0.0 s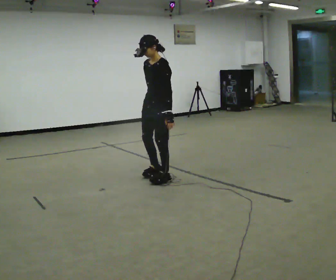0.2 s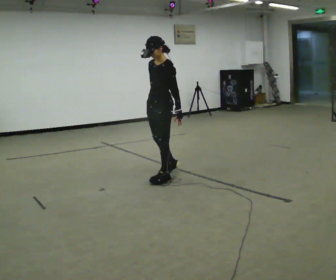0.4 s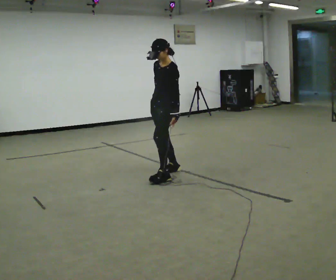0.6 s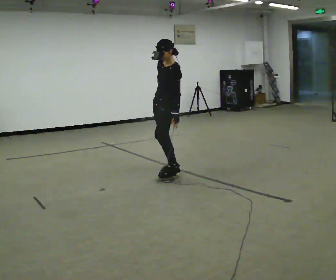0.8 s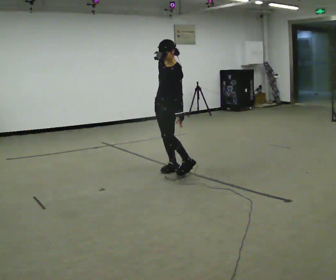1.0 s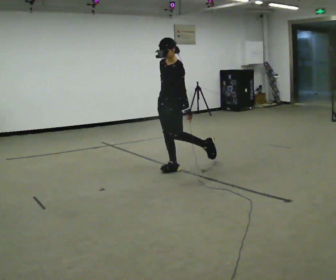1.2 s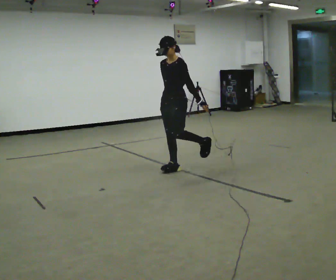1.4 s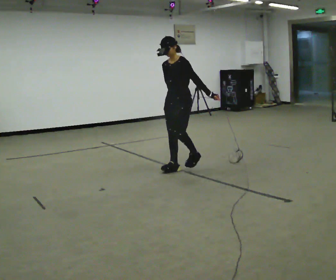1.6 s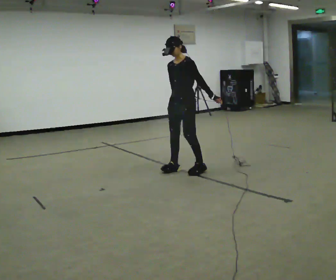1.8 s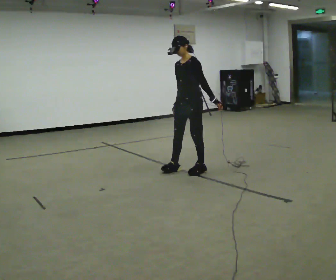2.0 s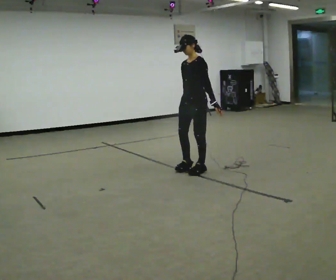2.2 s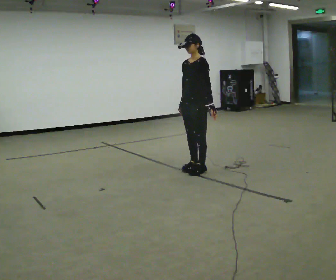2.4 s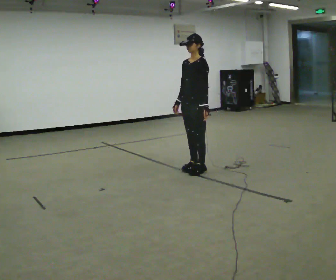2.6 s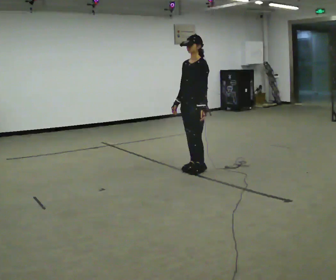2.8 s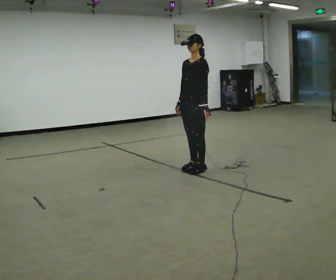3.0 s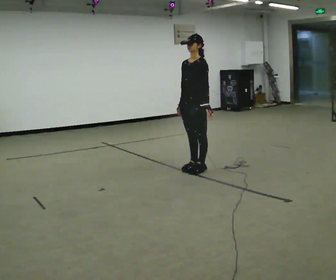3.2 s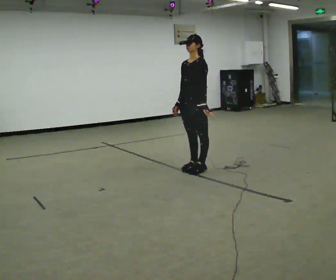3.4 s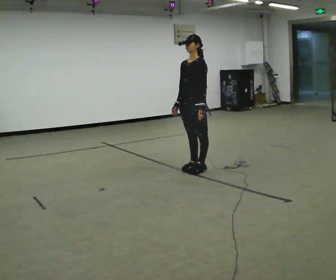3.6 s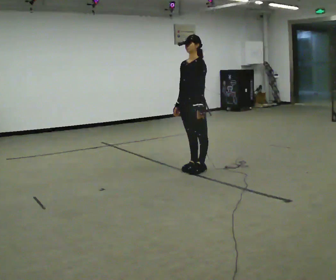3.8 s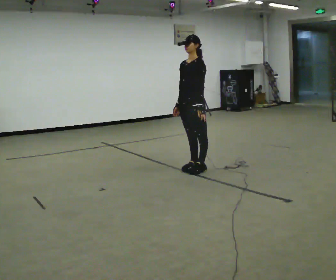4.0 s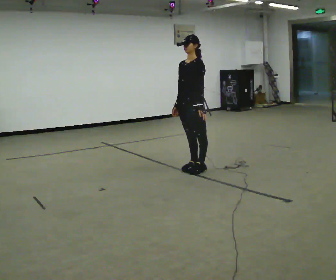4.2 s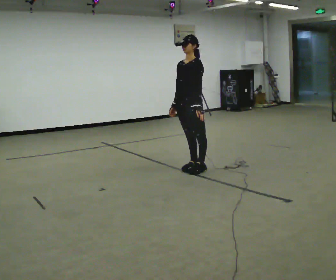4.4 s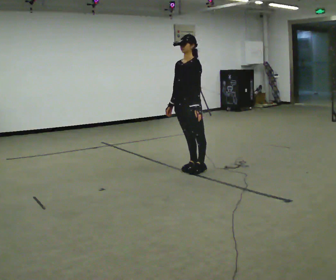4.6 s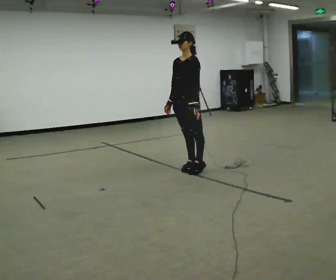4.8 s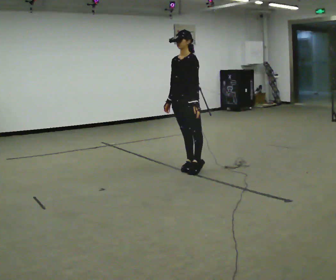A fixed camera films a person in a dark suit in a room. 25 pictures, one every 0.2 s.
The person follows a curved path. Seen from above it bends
clockwise.
0.0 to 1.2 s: In the picture they go away from the camera and to the right, about 0.5 m in 1 step, which for them is backward and to their right.
1.2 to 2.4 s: In the picture they go to the right, about 0.25 m in 2 steps, which for them is backward and to their left.
2.4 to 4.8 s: The person moves a little, or ends about where they began.
The film runs forward here.
